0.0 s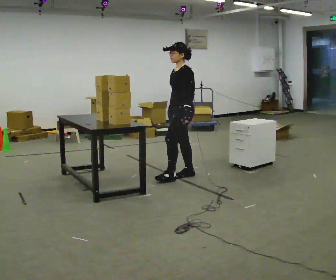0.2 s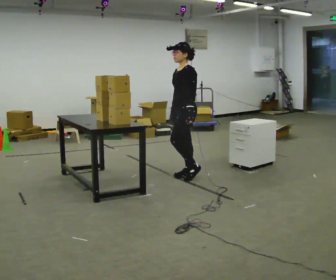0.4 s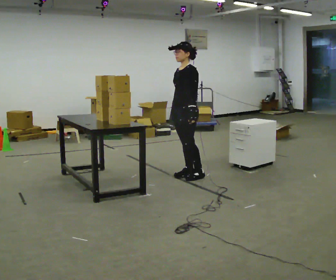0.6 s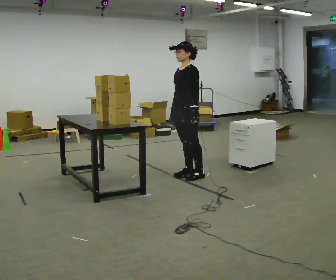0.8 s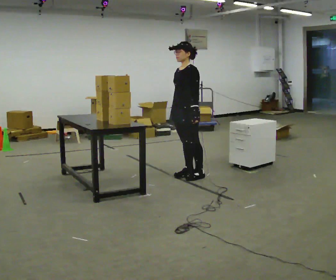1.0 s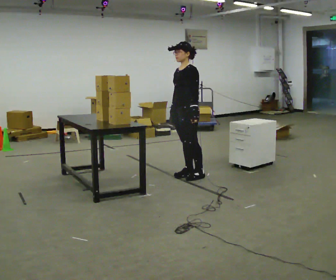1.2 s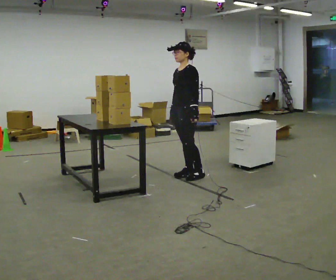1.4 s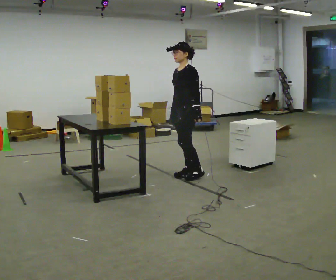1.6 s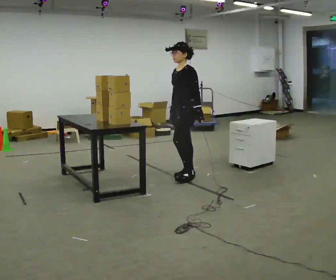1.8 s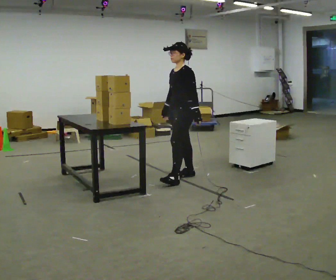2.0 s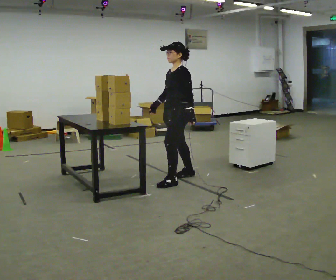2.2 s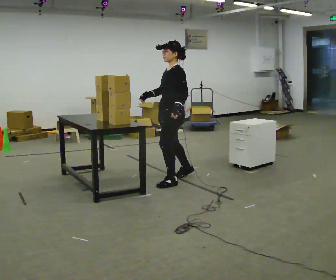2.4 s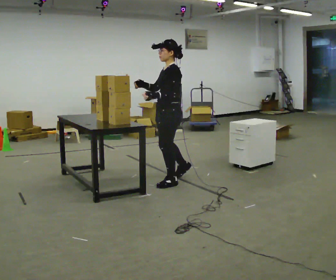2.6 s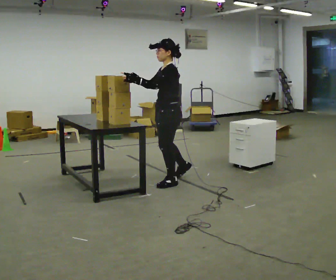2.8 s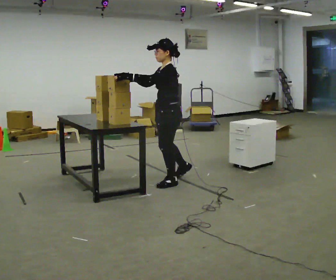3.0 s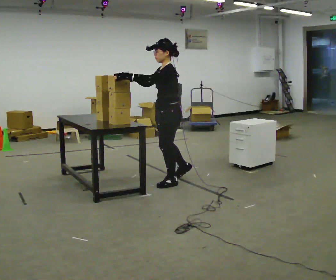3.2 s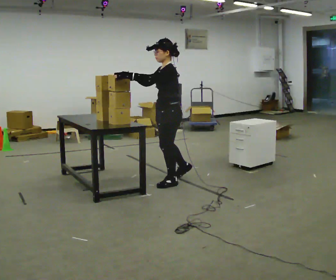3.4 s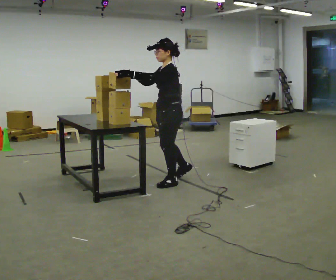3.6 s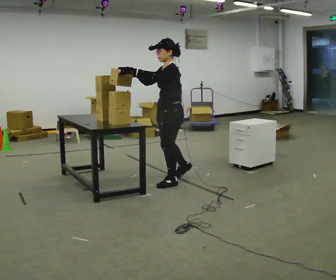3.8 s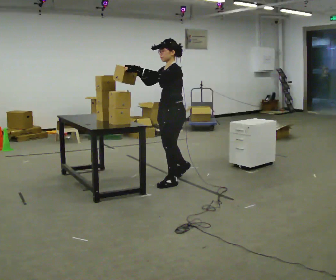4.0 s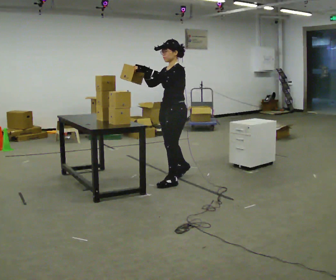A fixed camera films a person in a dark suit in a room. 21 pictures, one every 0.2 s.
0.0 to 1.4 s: The person moves a little, or ends about where they began.
1.4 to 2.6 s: In the picture they go toward the camera and to the left, about 0.5 m in 1 step, which for them is forward and to their left. In the picture their left hand goes upward.
2.6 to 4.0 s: The person moves a little, or ends about where they began.
The film runs backward here.
